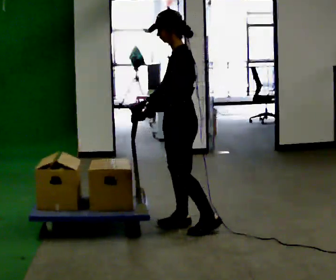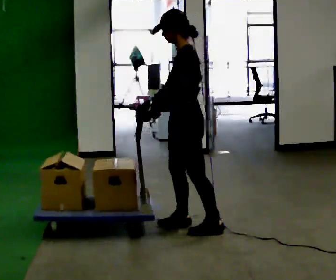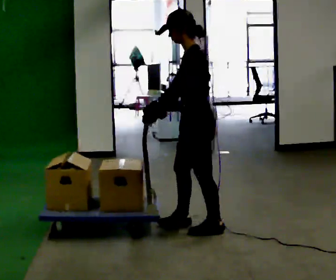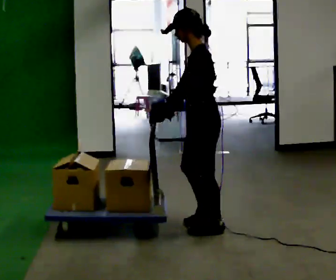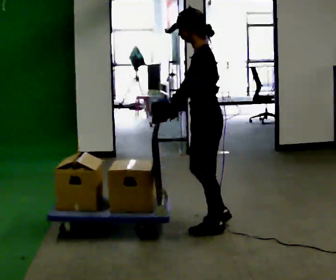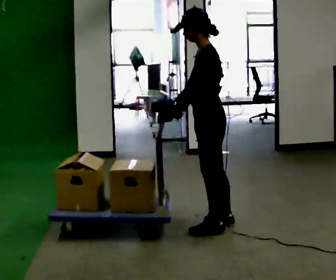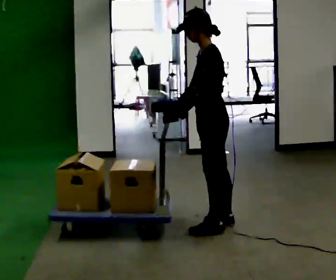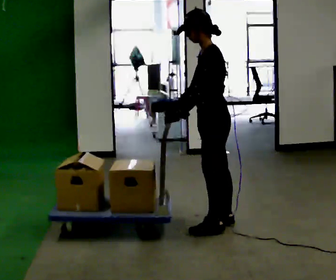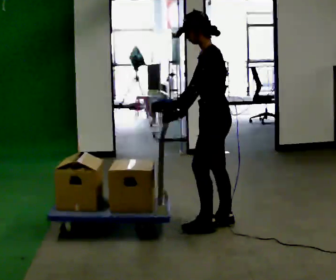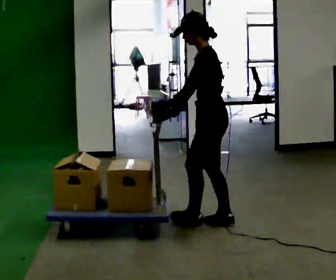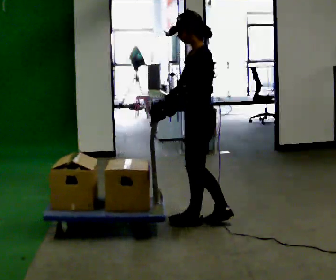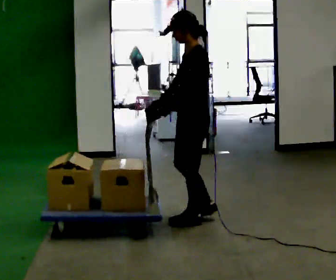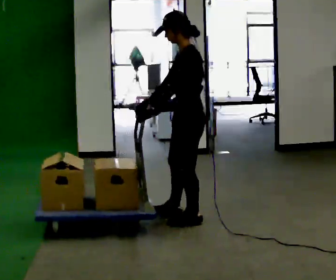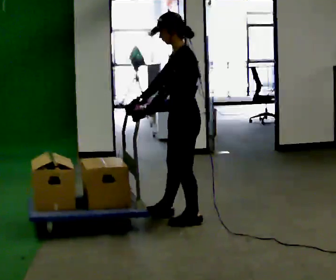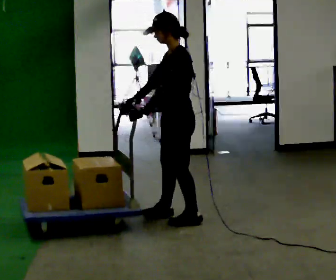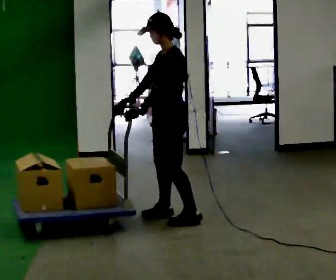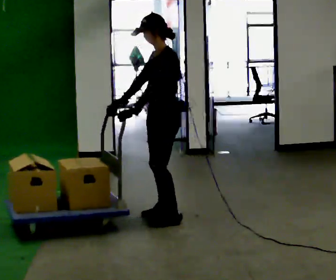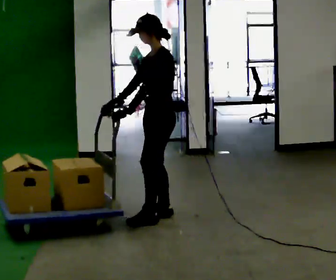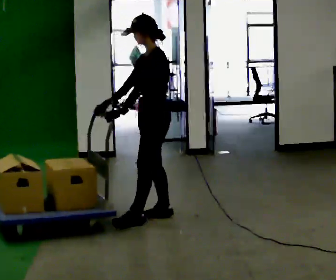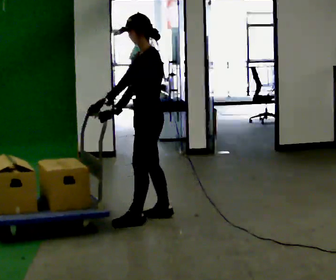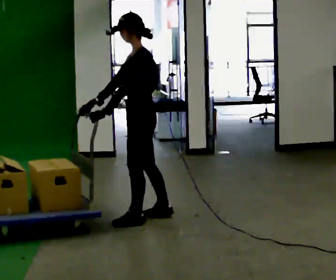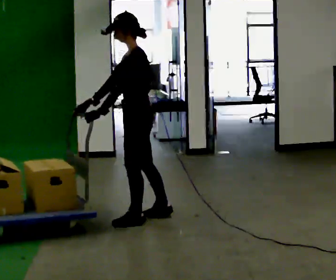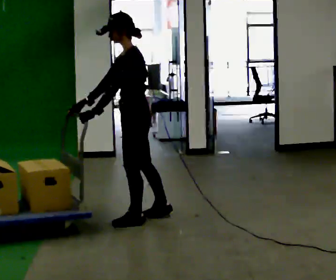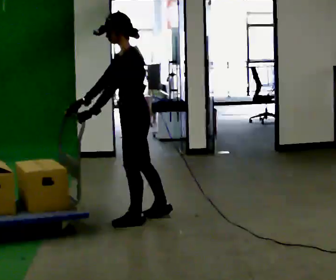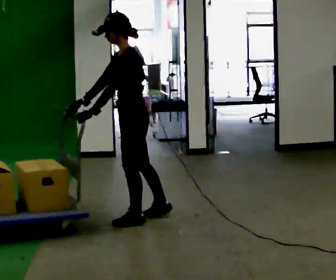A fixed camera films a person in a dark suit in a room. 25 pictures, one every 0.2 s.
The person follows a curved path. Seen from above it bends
counterclockwise.
0.0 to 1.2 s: In the picture they go to the right, about 0.25 m in 1 step, which for them is backward.
1.2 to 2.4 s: In the picture they go to the left, about 0.25 m in 2 steps, which for them is forward and to their right.
2.4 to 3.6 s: In the picture they go to the left and away from the camera, about 0.25 m in 1 step, which for them is forward and to their right.
3.6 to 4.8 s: In the picture they go to the left, about 0.25 m, which for them is forward and to their left.
The film runs backward here.
